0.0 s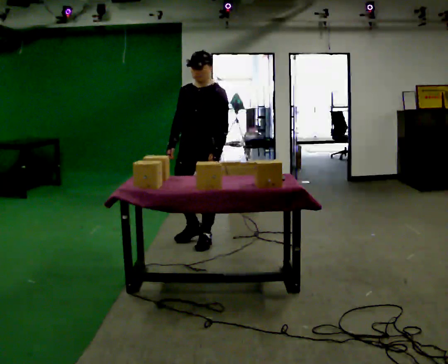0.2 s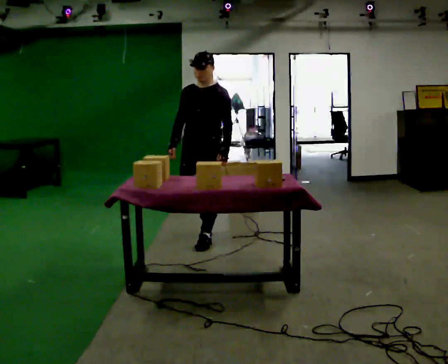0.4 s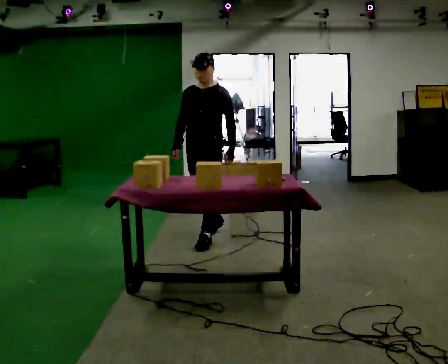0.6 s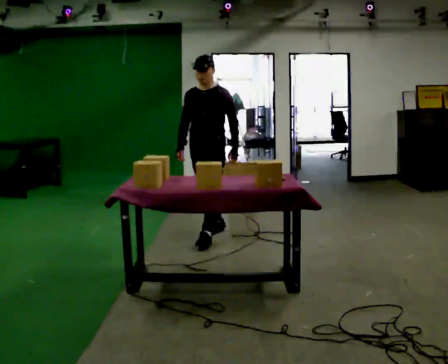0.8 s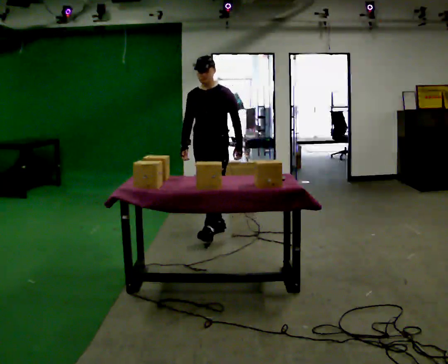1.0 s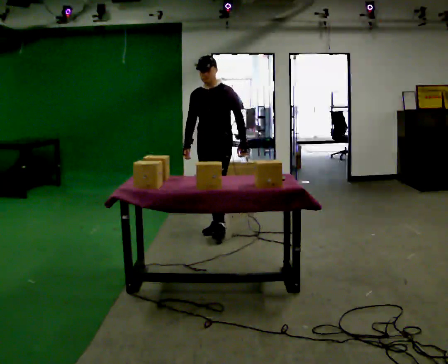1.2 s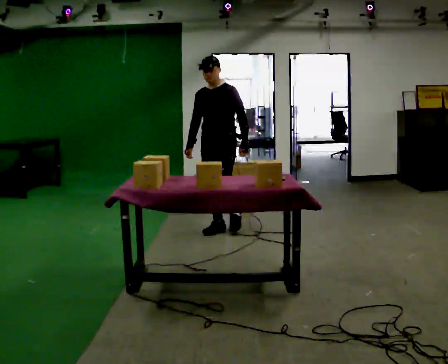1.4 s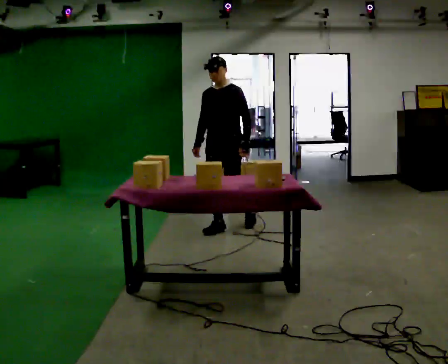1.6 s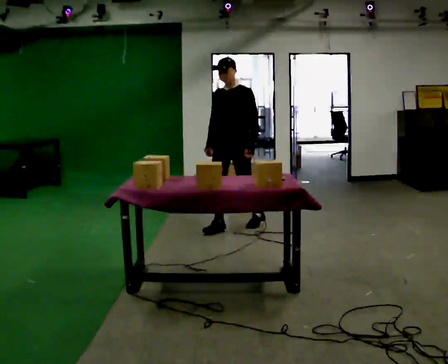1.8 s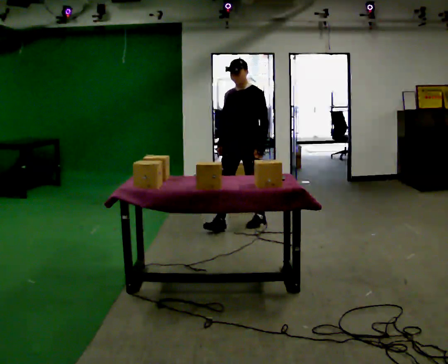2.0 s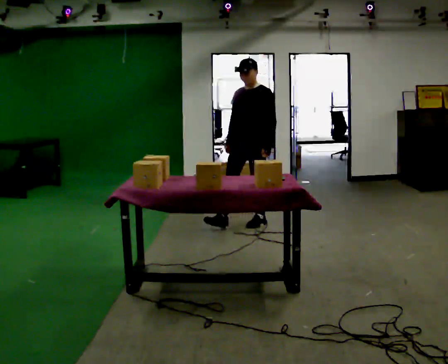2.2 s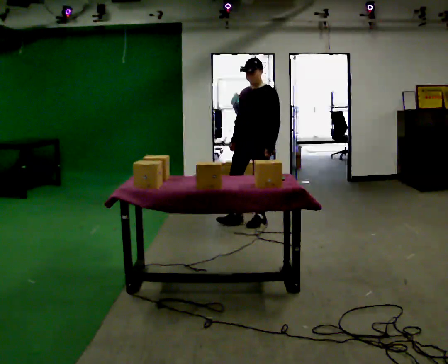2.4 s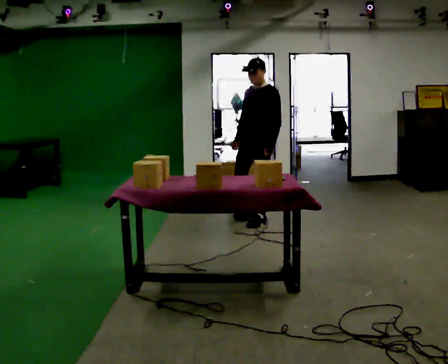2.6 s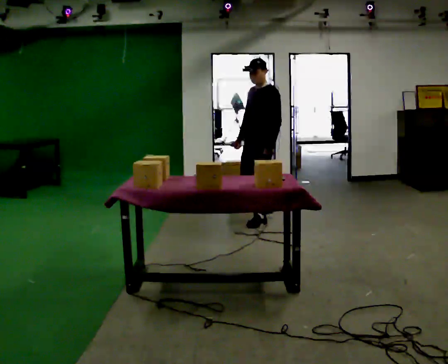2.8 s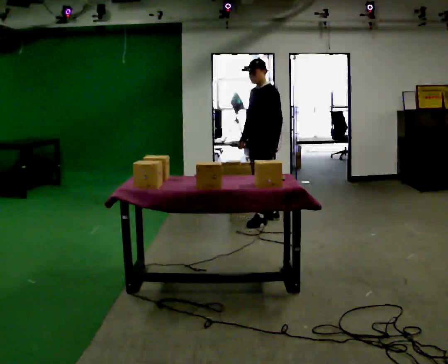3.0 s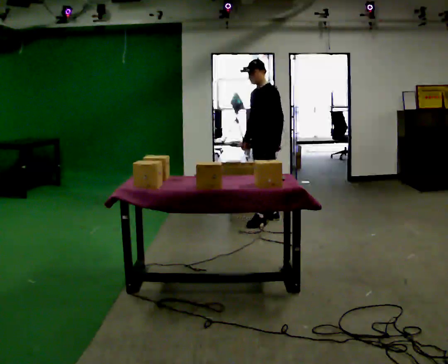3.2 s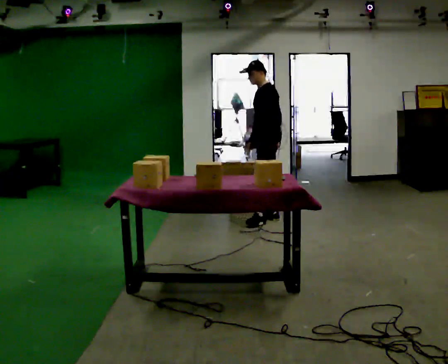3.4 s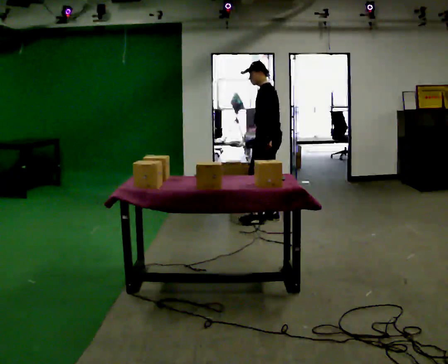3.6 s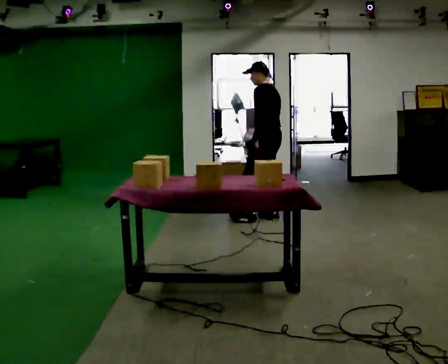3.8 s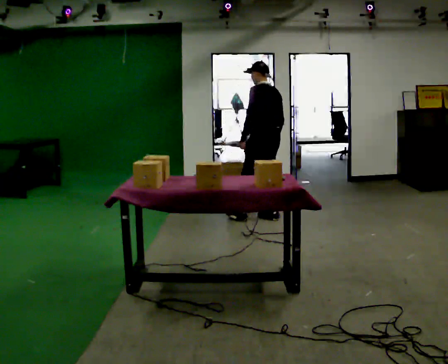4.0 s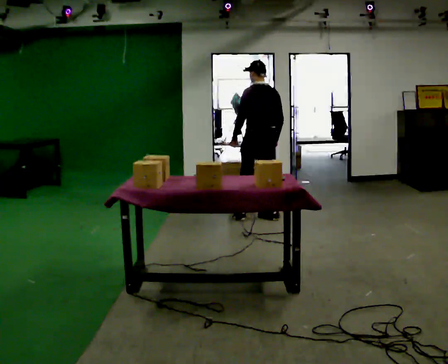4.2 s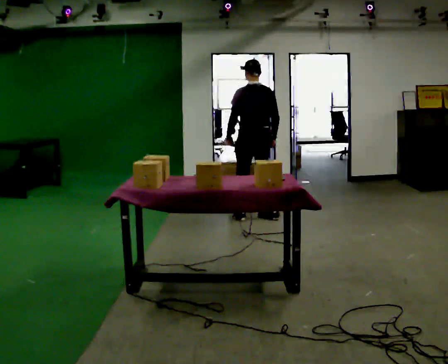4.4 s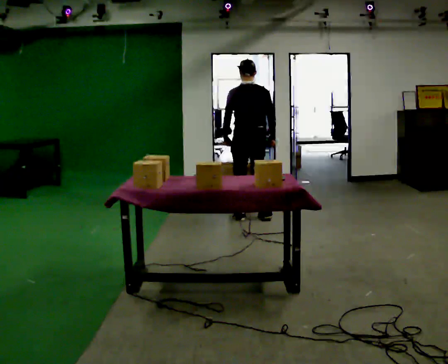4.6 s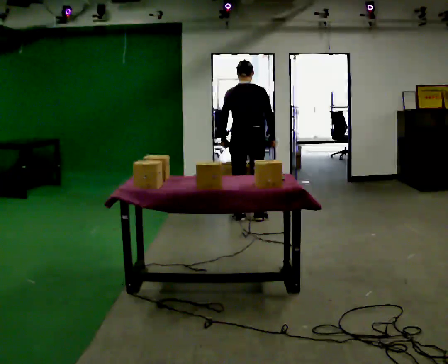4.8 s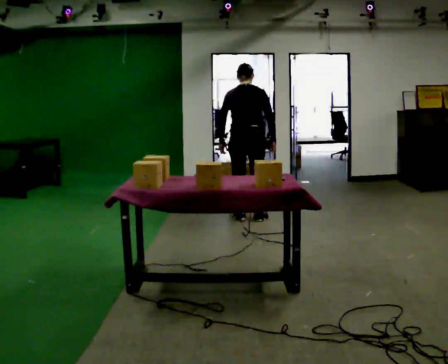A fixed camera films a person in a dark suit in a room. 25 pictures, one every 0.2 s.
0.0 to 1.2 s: In the picture they go away from the camera, about 0.5 m in 1 step, which for them is backward.
1.2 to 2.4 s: In the picture they go to the right and away from the camera, about 0.5 m in 1 step, which for them is backward and to their left.
2.4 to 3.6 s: The part of the body nearest the lens slides to the left as the person turns to their right by about 75 degrees. In the picture they go away from the camera, about 0.25 m in 1 step. In the picture their right hand goes to the right.
3.6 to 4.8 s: The person turns about 60 degrees to their right, clockwise seen from above, so the part of the body nearest the lens slides to the left. In the picture they go to the left, about 0.25 m in 1 step. In the picture their left hand goes to the left.
The film runs backward here.
